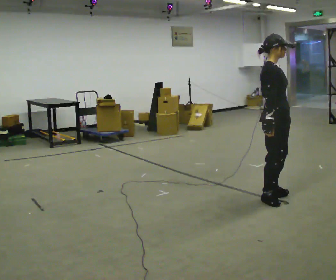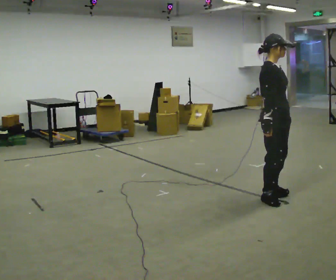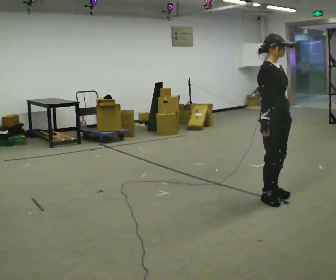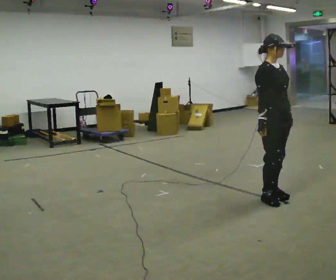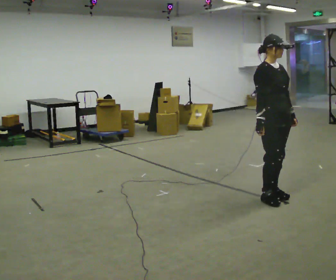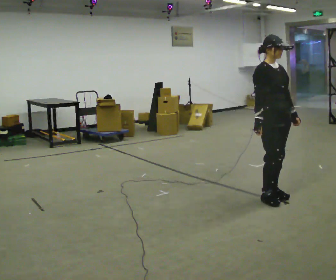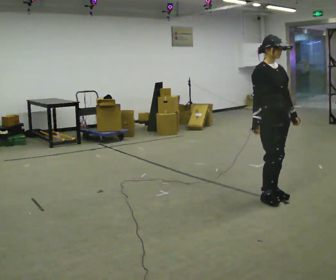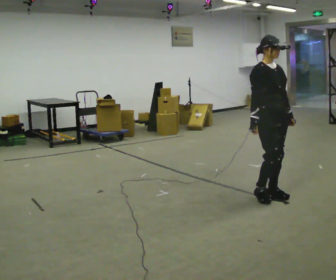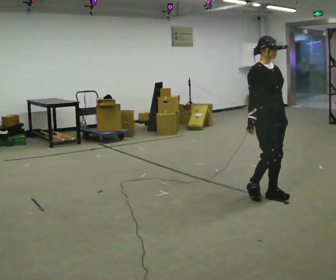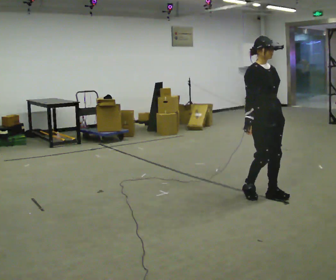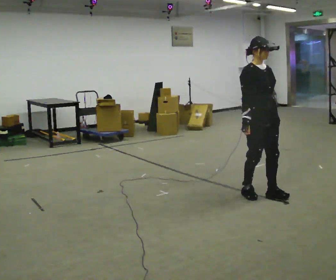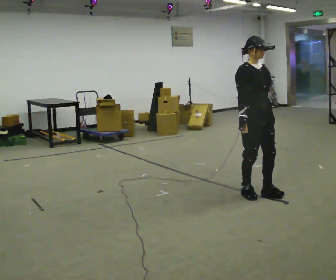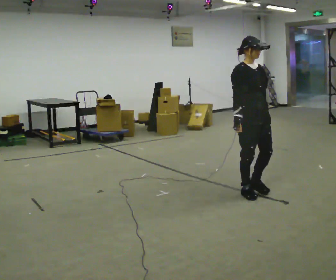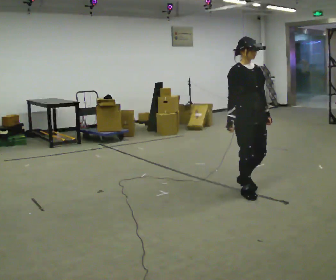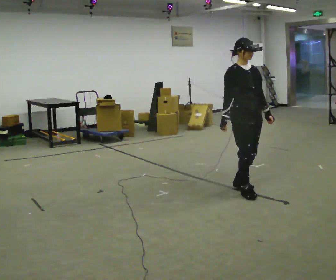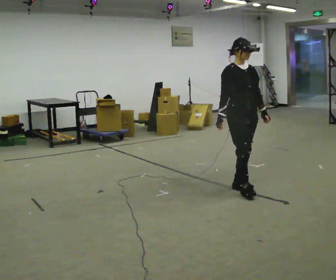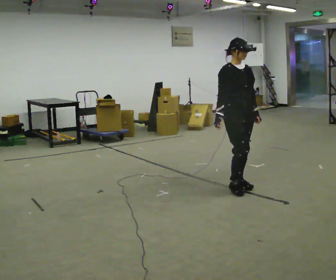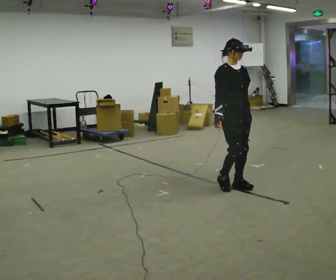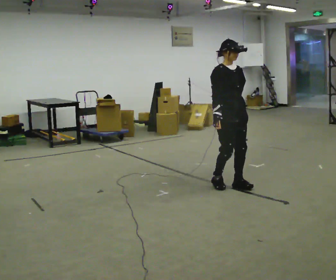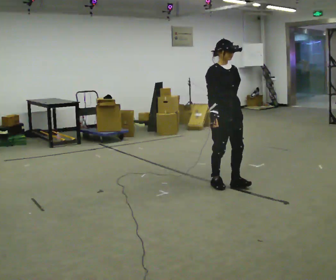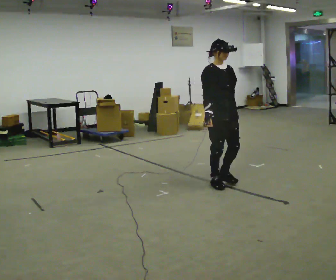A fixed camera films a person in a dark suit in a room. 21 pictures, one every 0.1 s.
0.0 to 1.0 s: The person turns about 45 degrees to their right, clockwise seen from above, so the part of the body nearest the lens slides to the left. In the picture their right hand goes to the left.
1.0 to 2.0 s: In the picture they go to the left and away from the camera, about 0.5 m in 3 steps, which for them is backward.
The film runs backward here.
